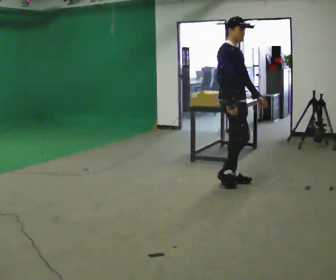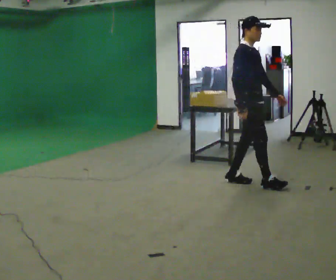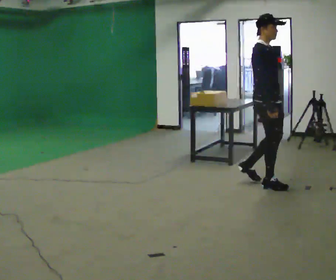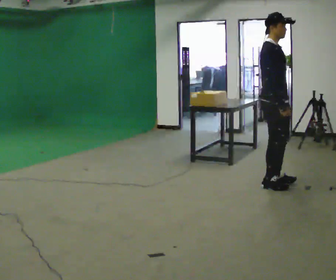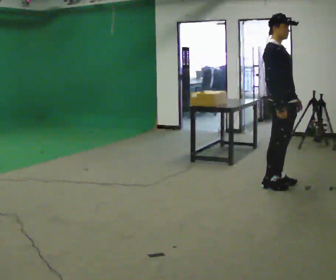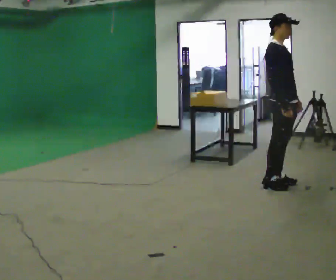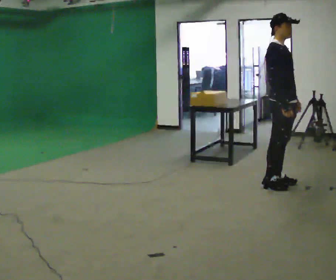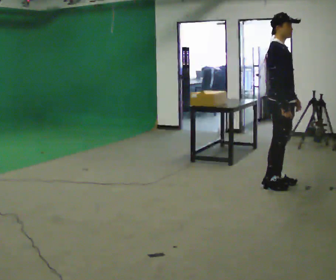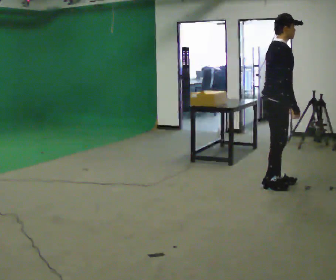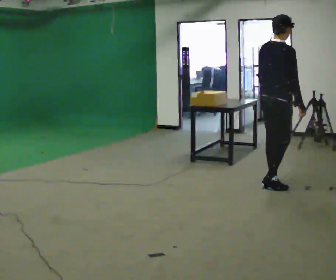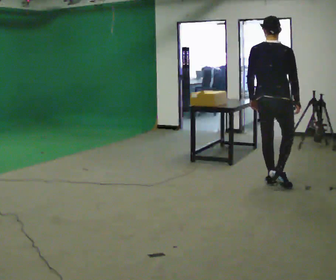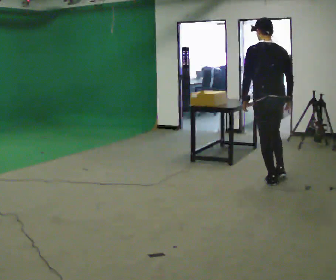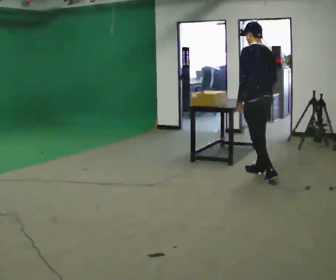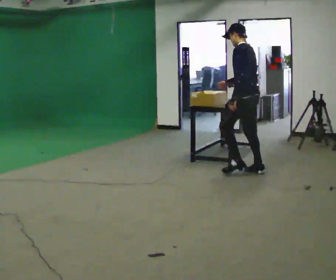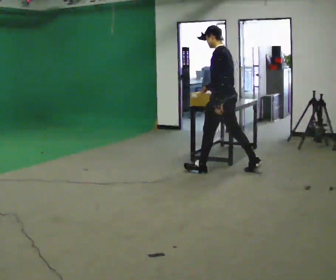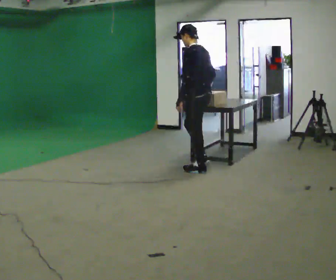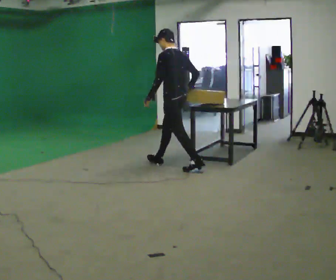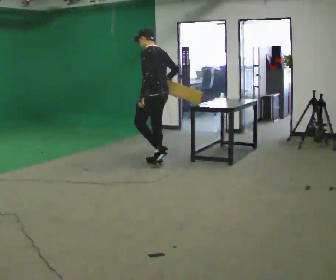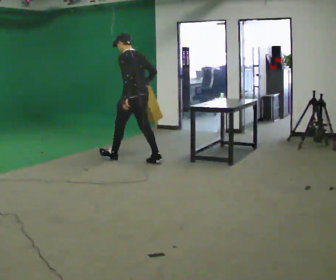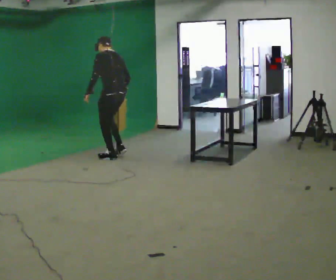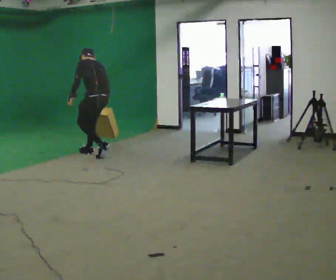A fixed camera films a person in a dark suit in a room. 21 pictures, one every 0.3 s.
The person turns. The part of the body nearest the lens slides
to the right.
The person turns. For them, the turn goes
to their left.
0.0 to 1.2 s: In the picture they go to the right, about 0.5 m in 2 steps, which for them is forward.
1.2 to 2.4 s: Seen from above the body turns counterclockwise, about 30 degrees: to their left, with its near side sliding to the right. In the picture the upper body tilts clockwise, shoulders to the right, as they bend forward.
2.4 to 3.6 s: The part of the body nearest the lens slides to the right as the person turns to their left by about 120 degrees. In the picture they go away from the camera and to the left, about 0.5 m in 1 step.
3.6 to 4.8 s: In the picture they go to the left, about 1 m in 2 steps, which for them is forward.
4.8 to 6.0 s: In the picture they go to the left, about 1 m in 2 steps, which for them is forward. The upper body tips away from the camera, its near side rolling upward, as they bend forward.
The film runs forward here.
